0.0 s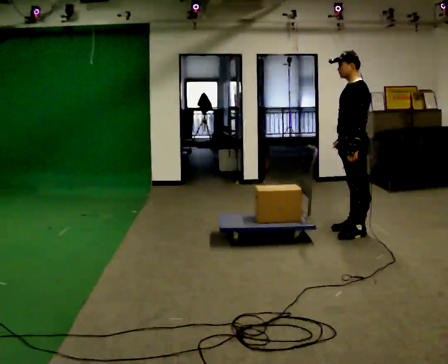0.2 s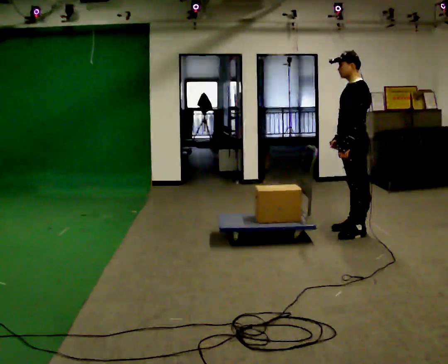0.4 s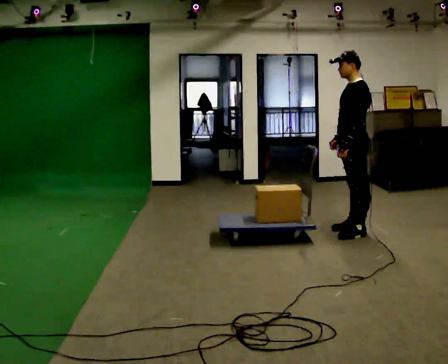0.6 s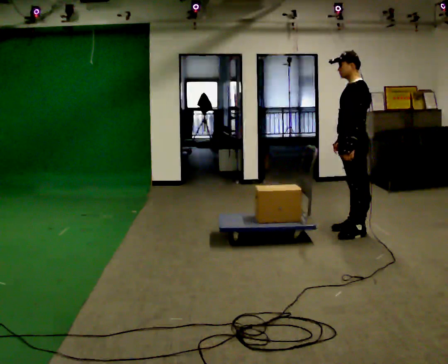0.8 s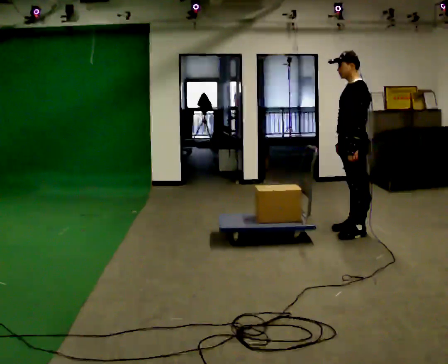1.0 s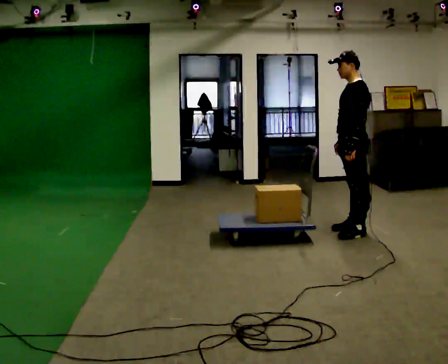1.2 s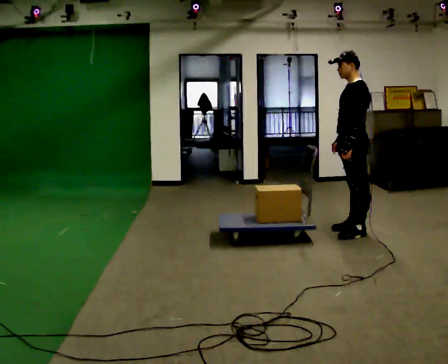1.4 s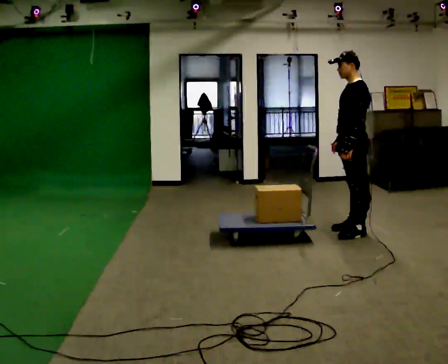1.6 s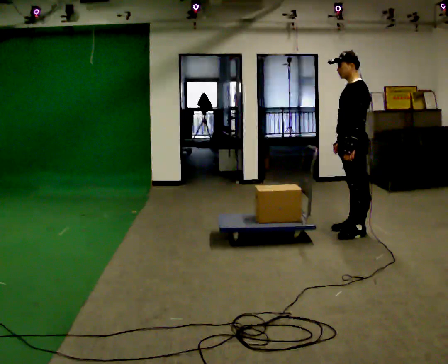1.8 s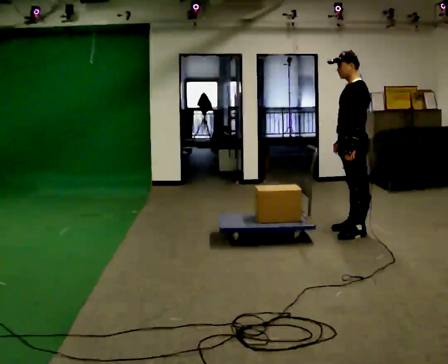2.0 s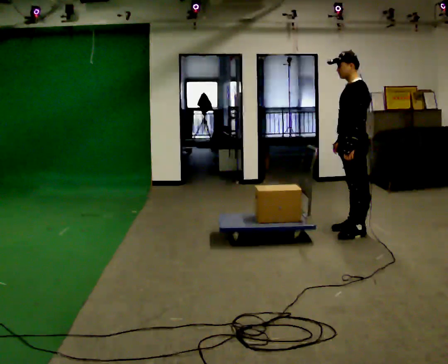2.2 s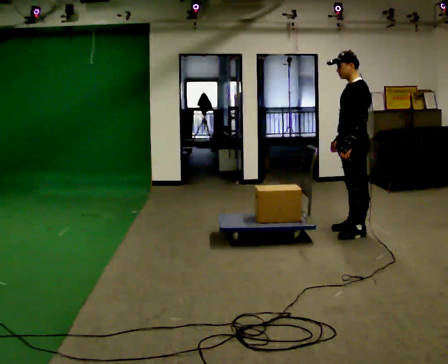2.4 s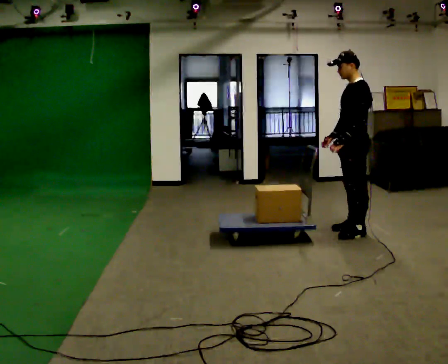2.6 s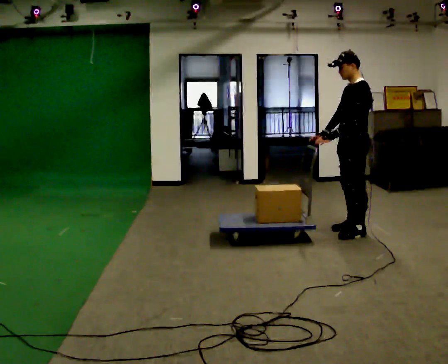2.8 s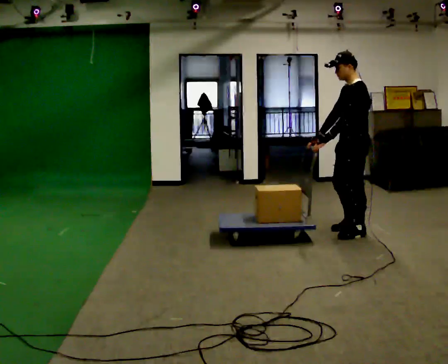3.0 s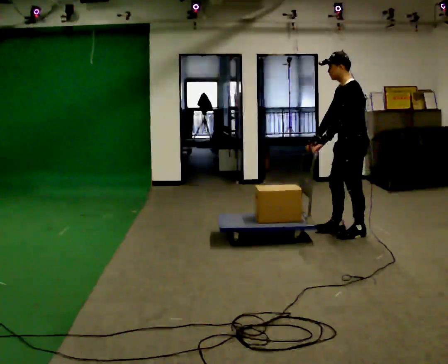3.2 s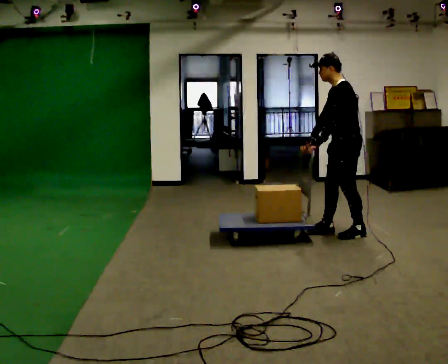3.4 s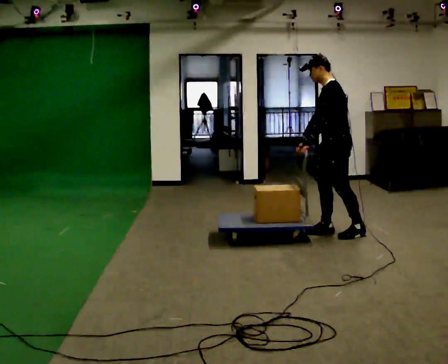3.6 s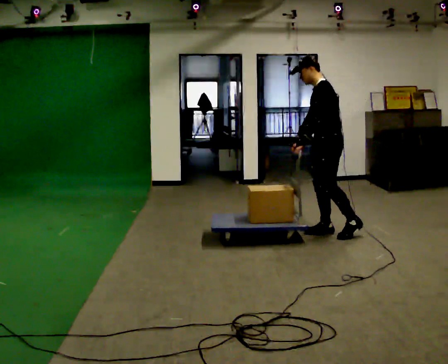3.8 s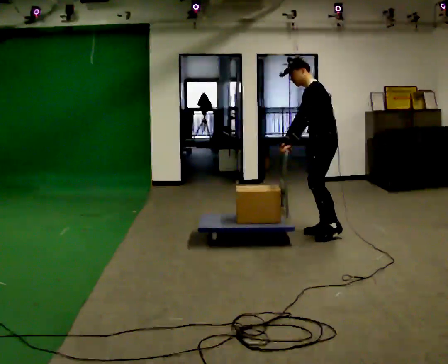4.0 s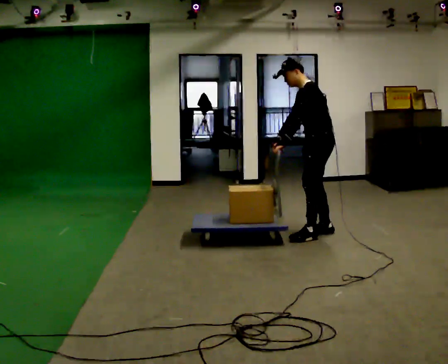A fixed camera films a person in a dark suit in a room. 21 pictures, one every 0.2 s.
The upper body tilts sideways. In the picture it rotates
counterclockwise.
0.0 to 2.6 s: The person moves a little, or ends about where they began.
2.6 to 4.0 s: In the picture they go to the left, about 0.25 m in 1 step, which for them is forward. In the picture the upper body tilts counterclockwise, shoulders to the left, as they bend forward.
The film runs forward here.
